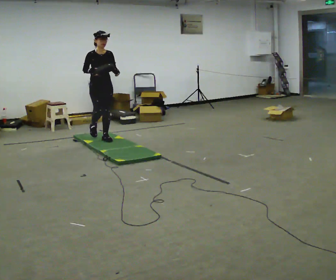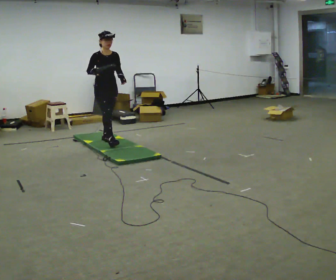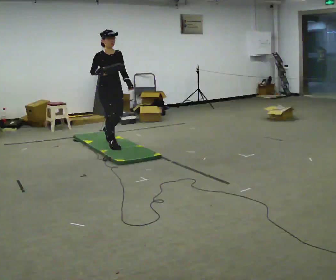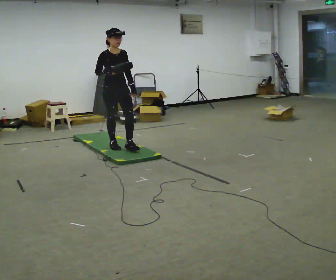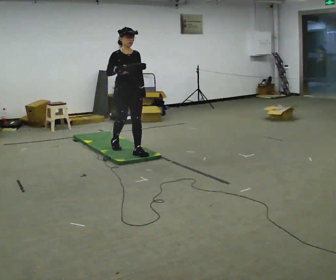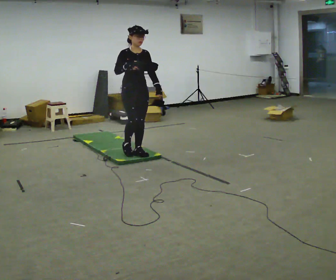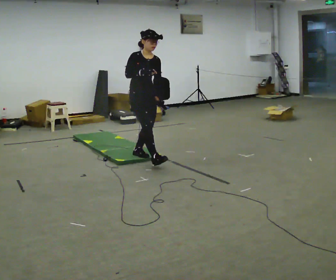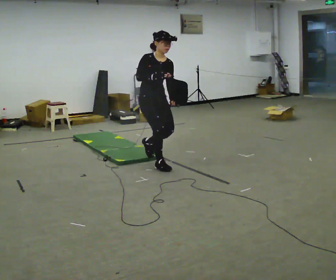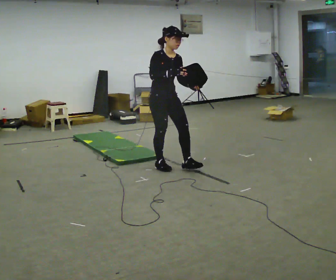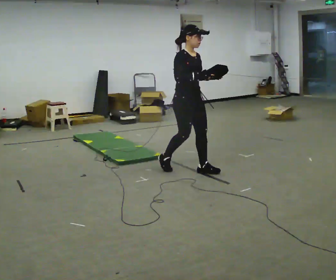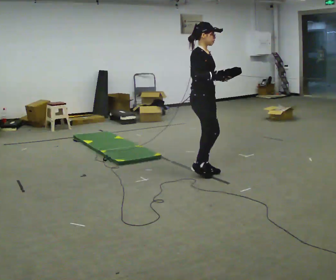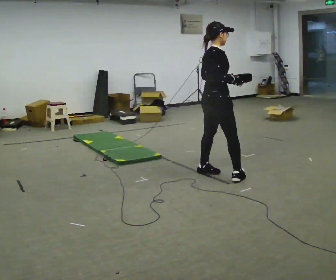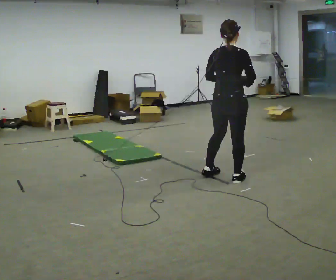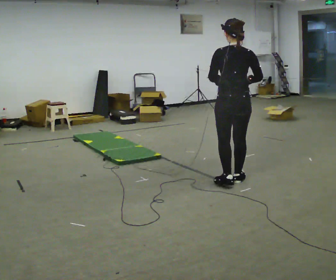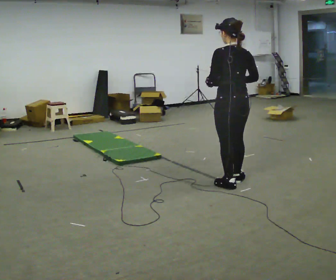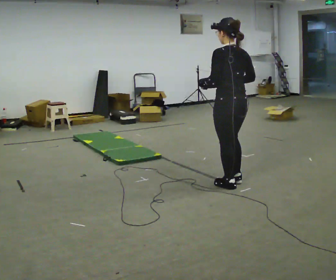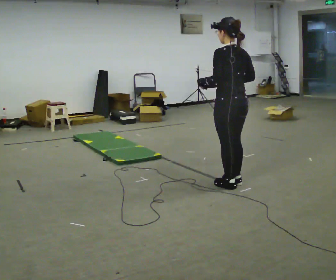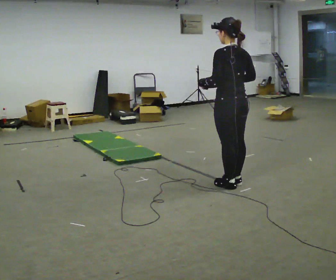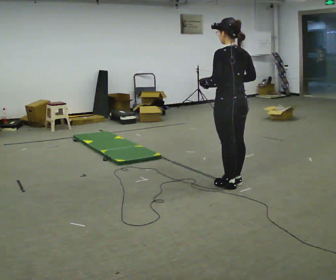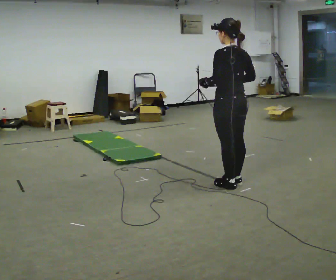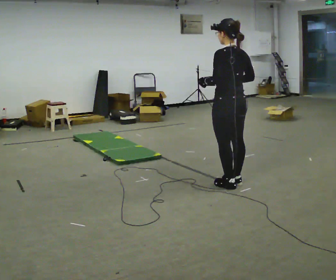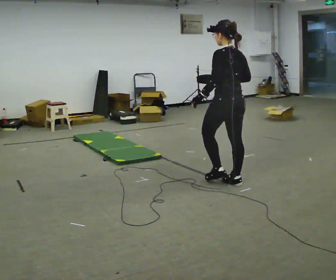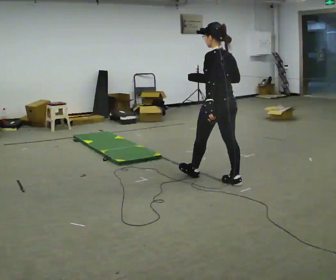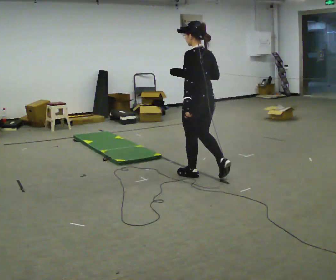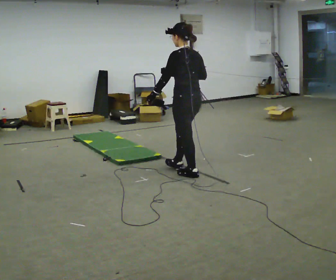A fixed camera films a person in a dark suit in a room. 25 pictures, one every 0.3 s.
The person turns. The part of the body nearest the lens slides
to the right.
The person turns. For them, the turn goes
to their left.
0.0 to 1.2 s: In the picture they go to the right and toward the camera, about 1 m in 2 steps, which for them is forward.
1.2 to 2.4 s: In the picture they go to the right and toward the camera, about 0.5 m in 1 step, which for them is forward.
2.4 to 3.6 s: Seen from above the body turns counterclockwise, about 105 degrees: to their left, with its near side sliding to the right. In the picture they go to the right and toward the camera, about 1 m in 2 steps.
3.6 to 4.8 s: Seen from above the body turns counterclockwise, about 60 degrees: to their left, with its near side sliding to the right. In the picture they go toward the camera, about 0.25 m in 1 step.
4.8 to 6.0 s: The person moves a little, or ends about where they began.
6.0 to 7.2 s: In the picture they go to the left and away from the camera, about 0.5 m in 1 step, which for them is forward.
The film runs forward here.
